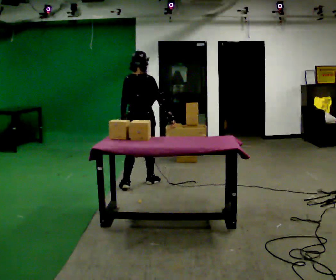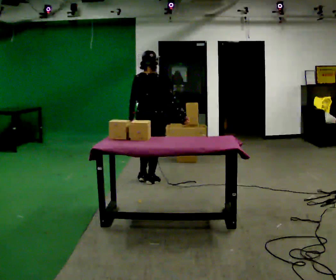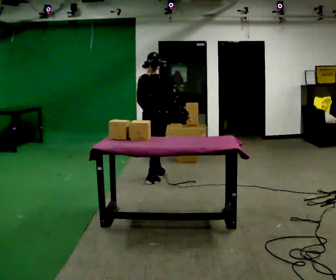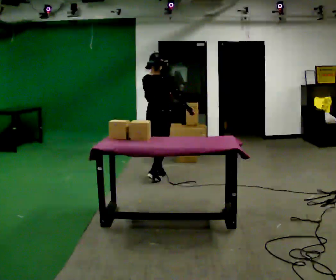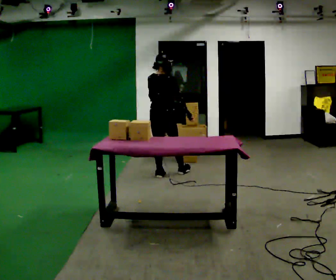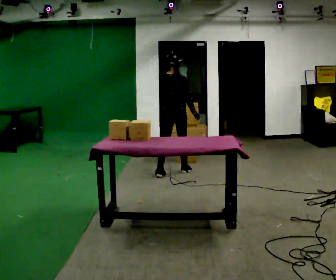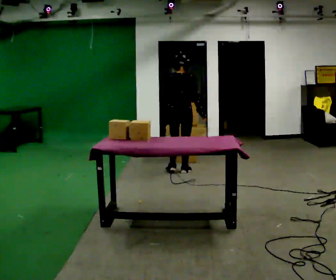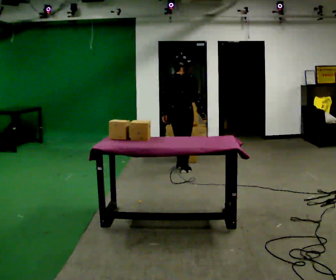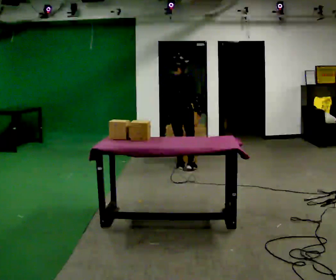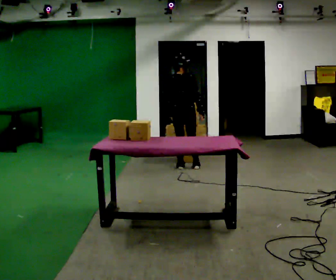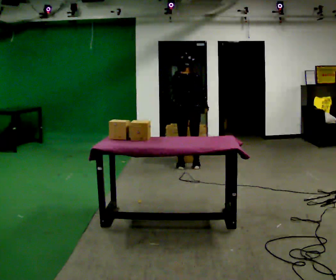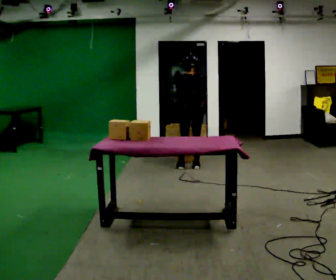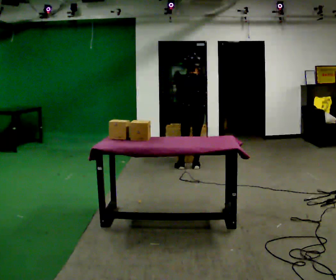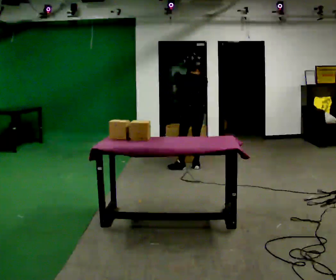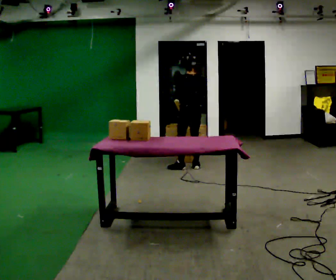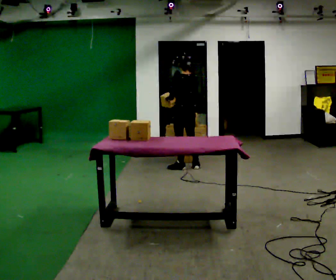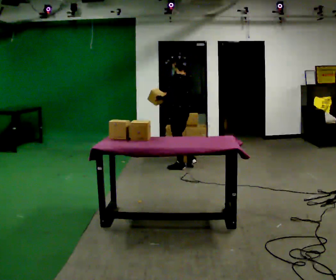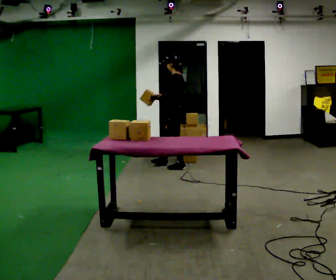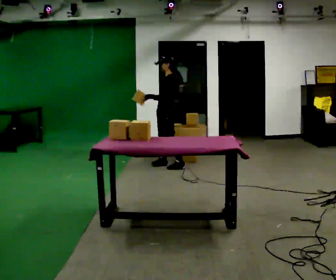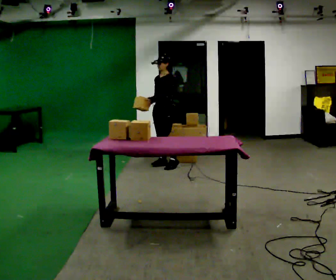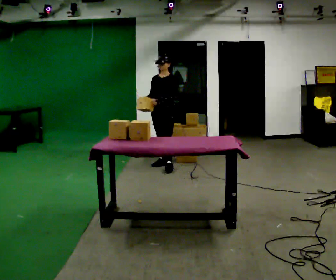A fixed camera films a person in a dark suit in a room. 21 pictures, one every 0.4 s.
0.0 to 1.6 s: In the picture they go away from the camera, about 0.5 m in 1 step, which for them is forward.
1.6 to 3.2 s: In the picture they go away from the camera and to the right, about 0.5 m in 2 steps, which for them is forward and to their right.
3.2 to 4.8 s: Seen from above the body turns counterclockwise, about 45 degrees: to their left, with its near side sliding to the right. In the picture they go to the right, about 0.25 m in 1 step, which for them is to their right.
4.8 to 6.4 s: The person turns about 30 degrees to their left, counterclockwise seen from above, so the part of the body nearest the lens slides to the right. In the picture they go to the left, about 0.25 m, which for them is to their left. In the picture their left hand goes to the left.
6.4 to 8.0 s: The part of the body nearest the lens slides to the right as the person turns to their left by about 105 degrees. In the picture they go to the left, about 0.25 m in 2 steps.
The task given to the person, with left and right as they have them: Carry the box over and put it on the shelf with the label facing out towards you. Get the orientation right, not just the position. Keep going until the operator says stop; one object at a time, and do not rush between trips.
The film runs forward here.
